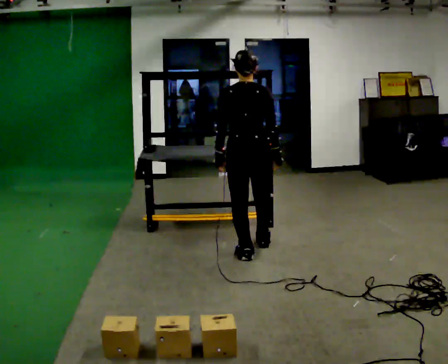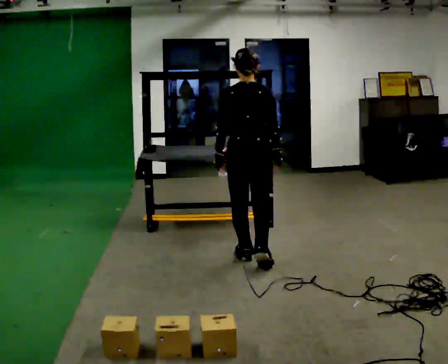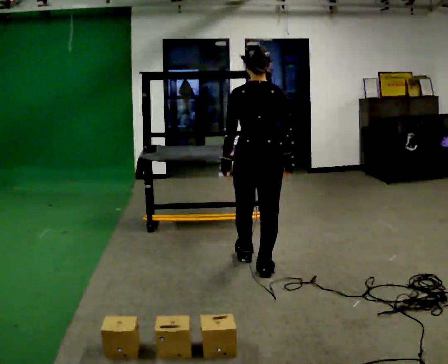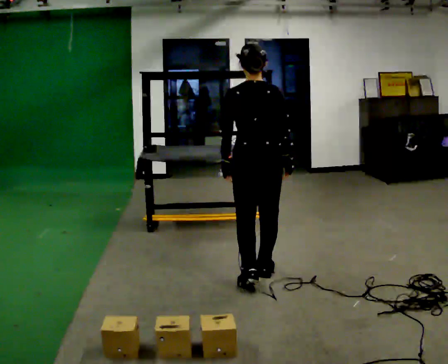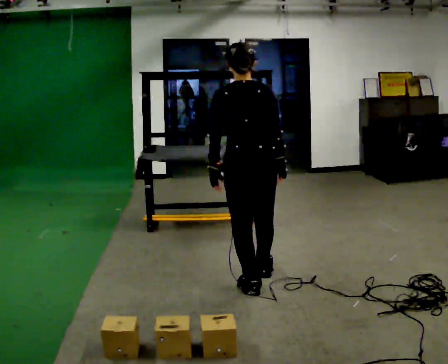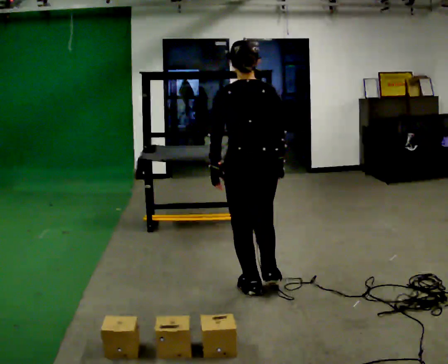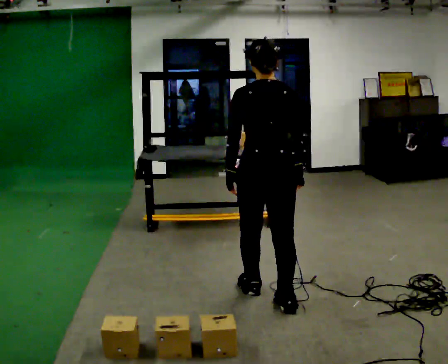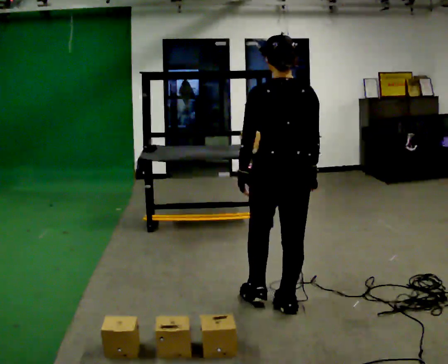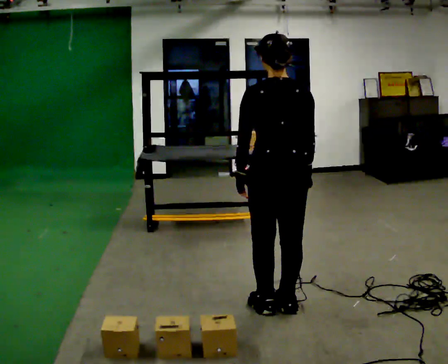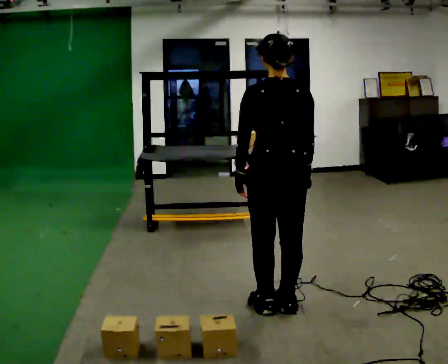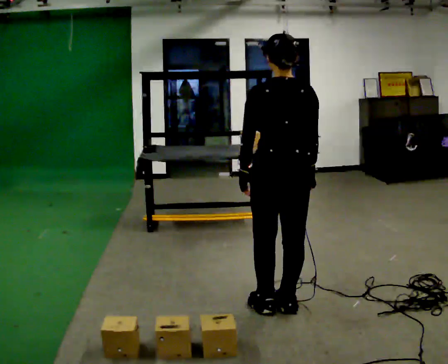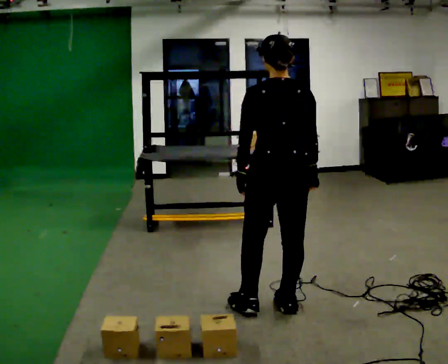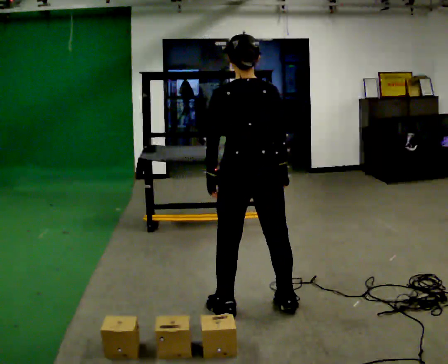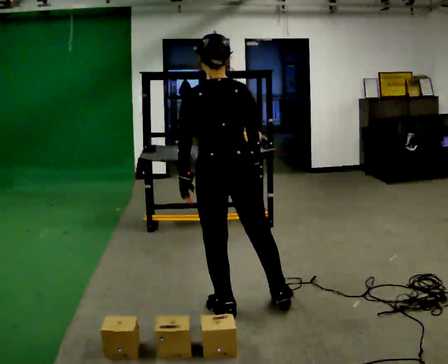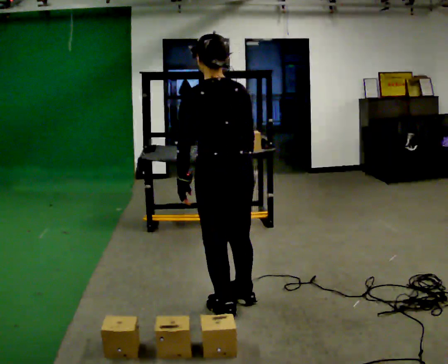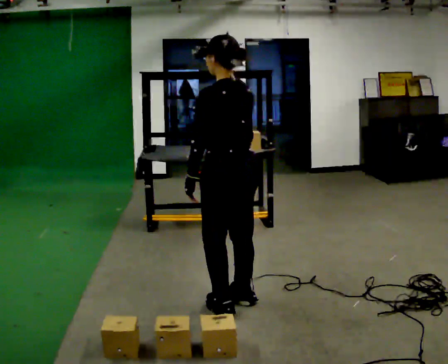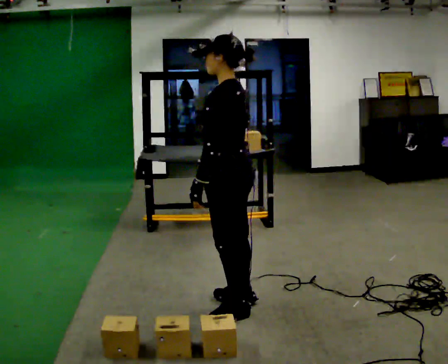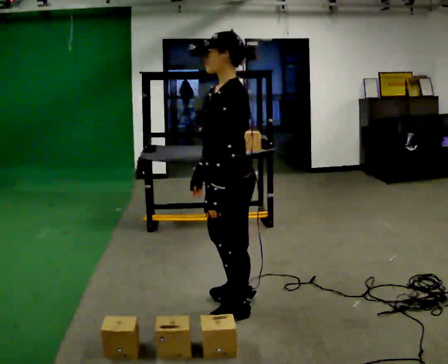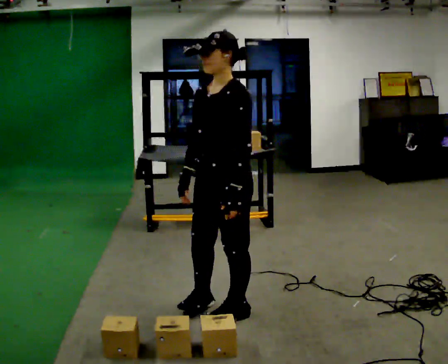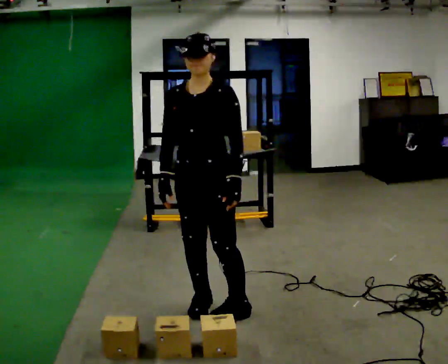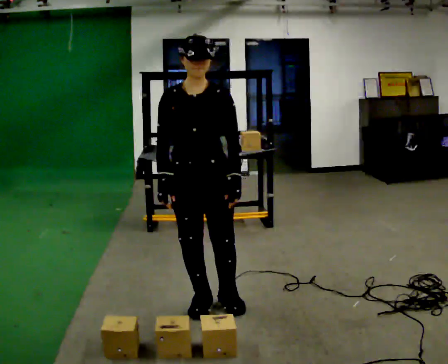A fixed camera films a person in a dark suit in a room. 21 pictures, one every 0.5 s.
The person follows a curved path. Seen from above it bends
clockwise.
The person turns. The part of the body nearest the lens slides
to the right.
0.0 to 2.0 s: In the picture they go toward the camera, about 0.75 m in 2 steps, which for them is backward.
2.0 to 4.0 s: In the picture they go toward the camera and to the right, about 0.5 m in 2 steps, which for them is backward.
4.0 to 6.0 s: The person moves a little, or ends about where they began.
6.0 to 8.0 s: Seen from above the body turns counterclockwise, about 75 degrees: to their left, with its near side sliding to the right. In the picture their right hand goes to the left.
8.0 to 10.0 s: The part of the body nearest the lens slides to the right as the person turns to their left by about 105 degrees. In the picture they go to the left, about 0.25 m in 2 steps.
The film runs backward here.
